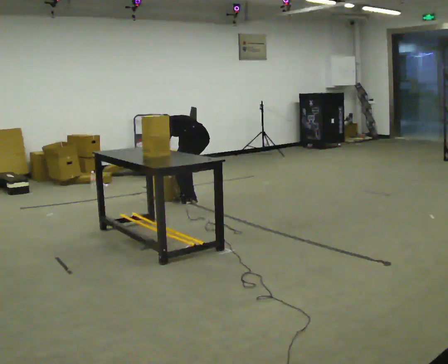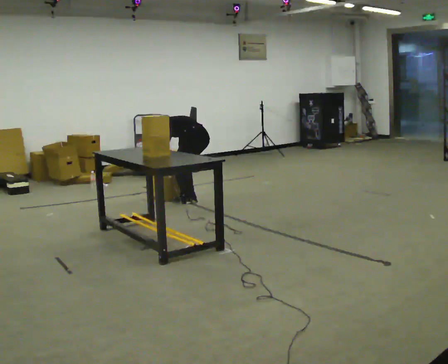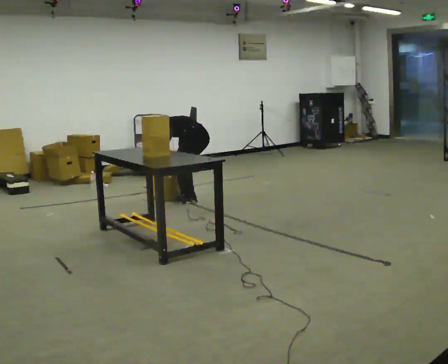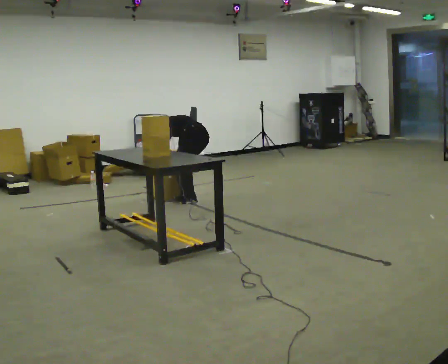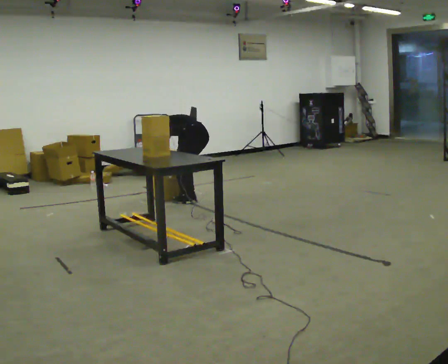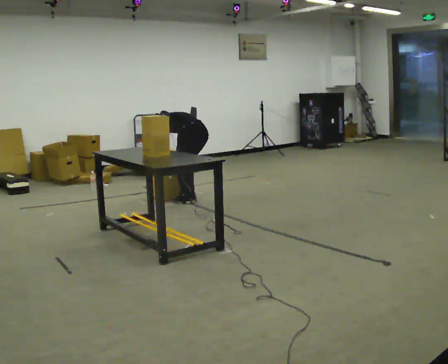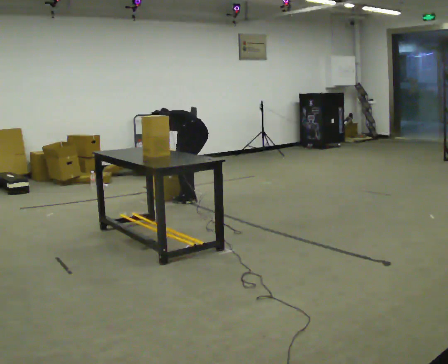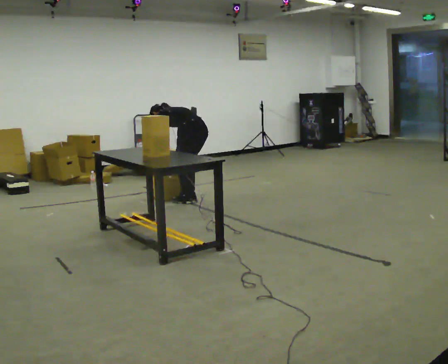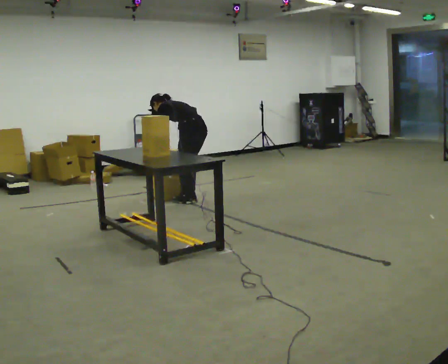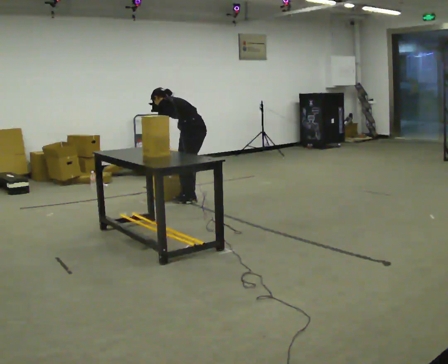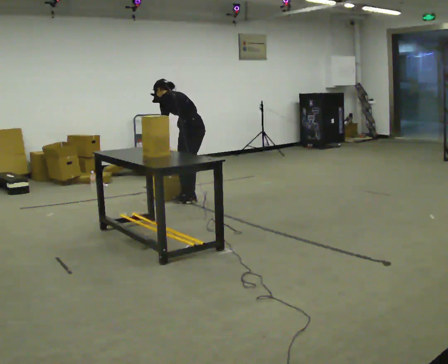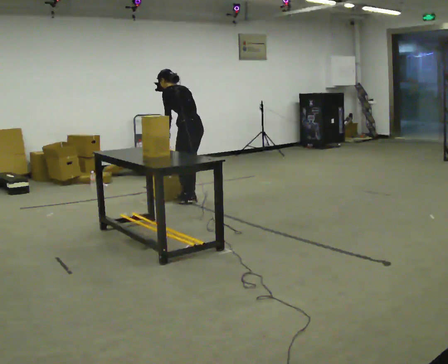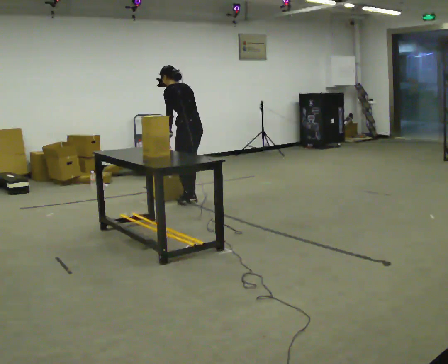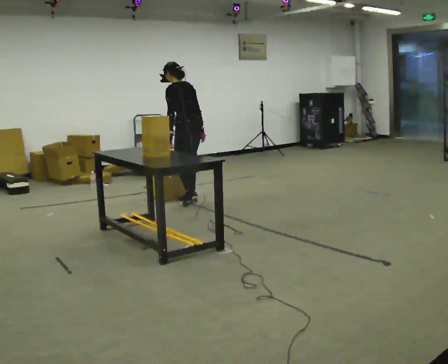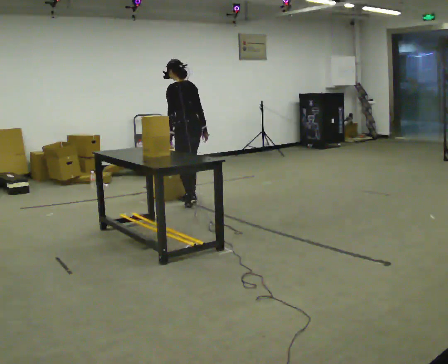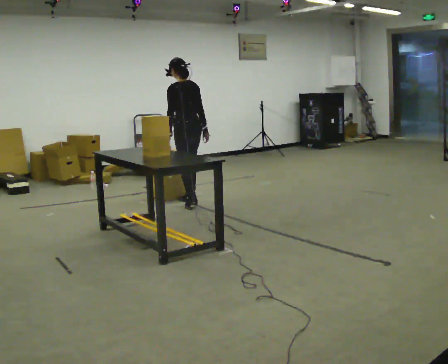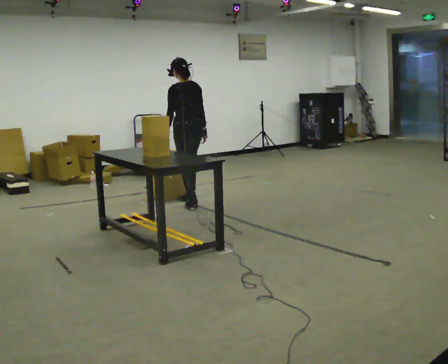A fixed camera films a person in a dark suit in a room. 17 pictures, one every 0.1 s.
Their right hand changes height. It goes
upward.
The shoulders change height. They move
upward.
0.0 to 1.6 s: The upper body goes upward. The upper body tips toward the camera, its near side rolling downward, as they lean back or straighten. In the picture their right hand goes upward and to the right.
The film runs backward here.
